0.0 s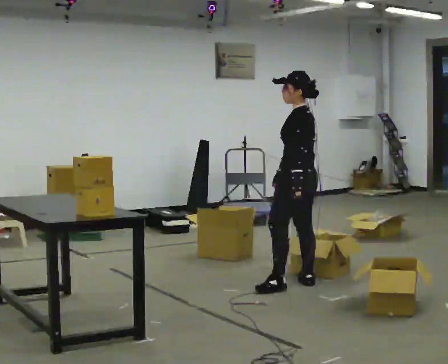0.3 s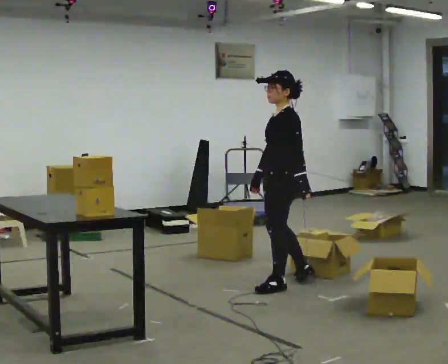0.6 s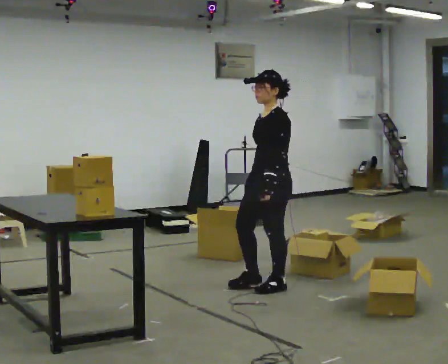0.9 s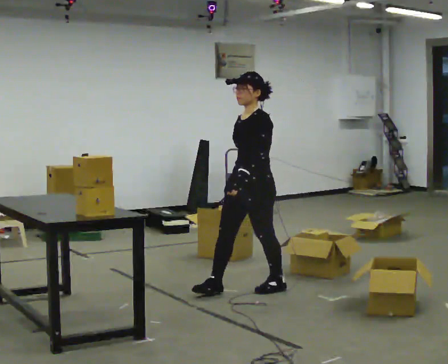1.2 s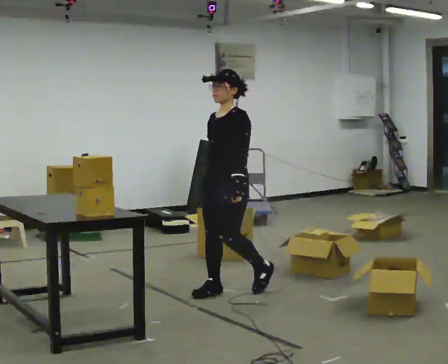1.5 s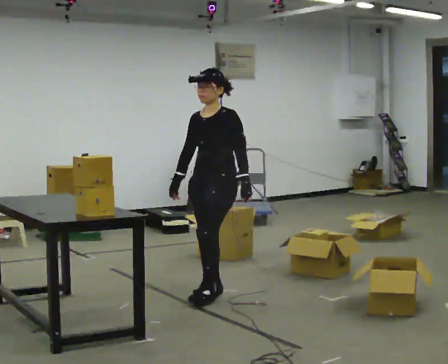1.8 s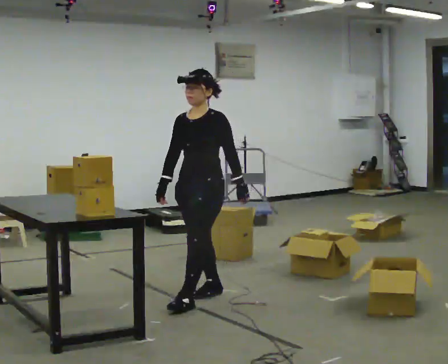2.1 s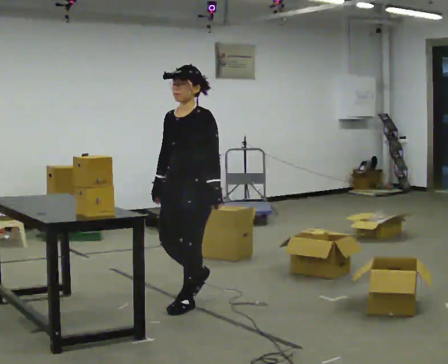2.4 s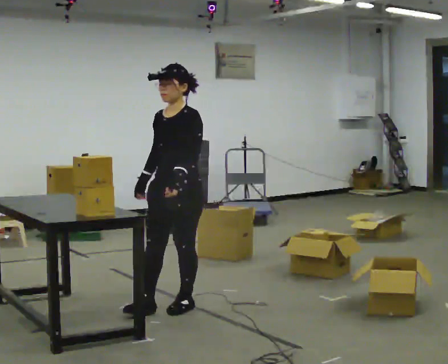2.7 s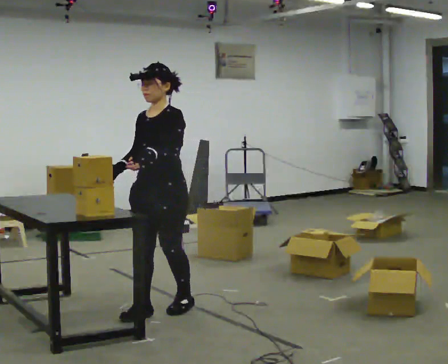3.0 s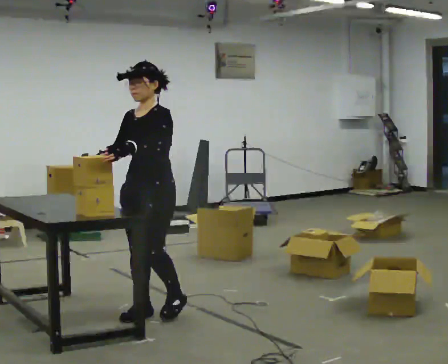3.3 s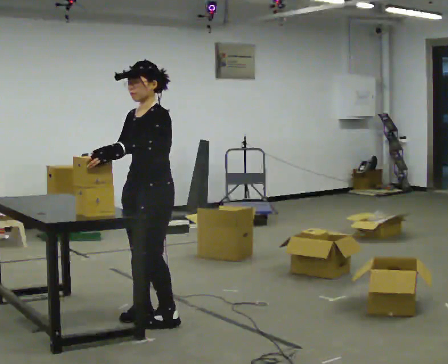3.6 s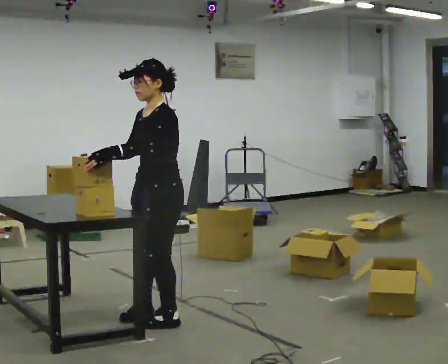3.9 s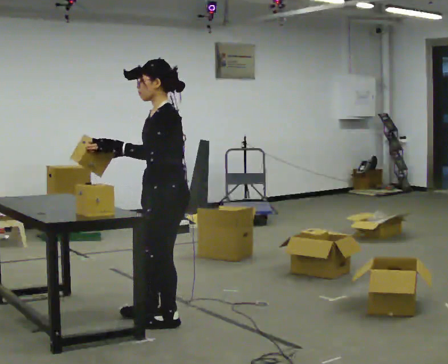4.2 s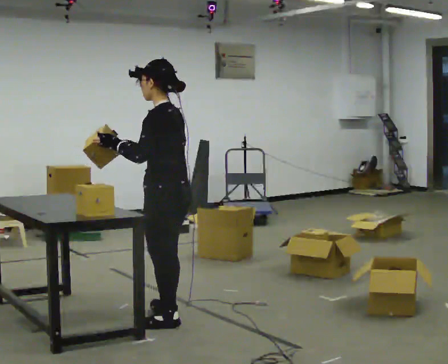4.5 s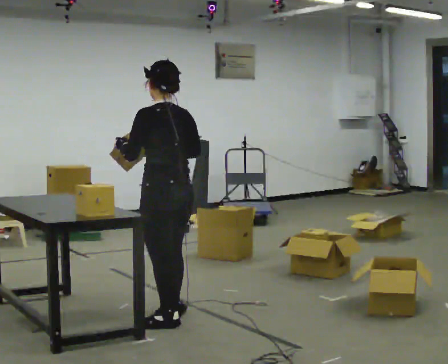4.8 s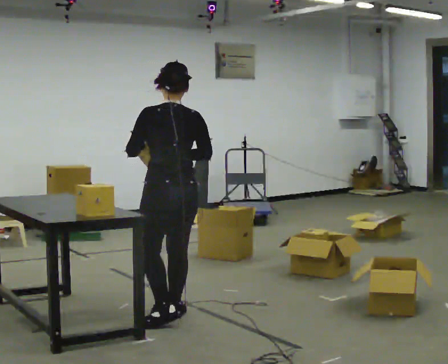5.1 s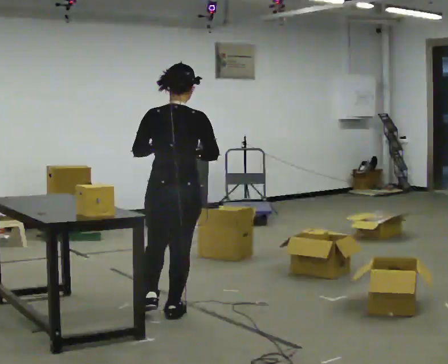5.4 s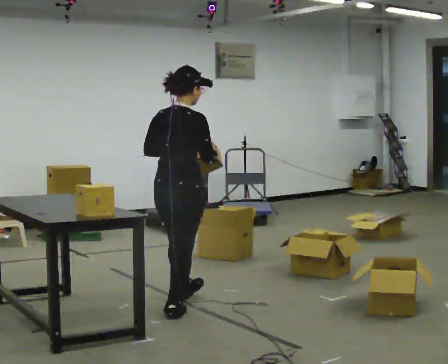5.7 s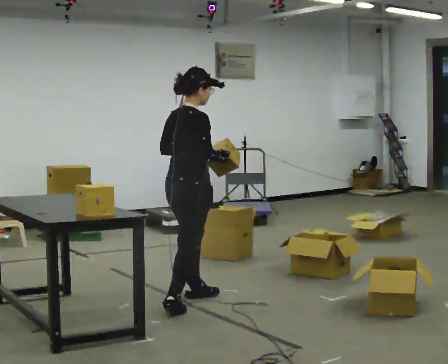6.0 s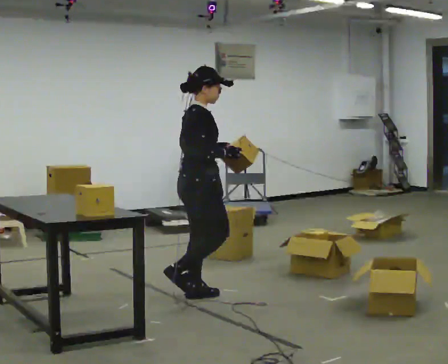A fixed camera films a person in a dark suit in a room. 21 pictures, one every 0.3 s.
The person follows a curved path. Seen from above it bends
counterclockwise.
0.0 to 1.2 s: Seen from above the body turns counterclockwise, about 75 degrees: to their left, with its near side sliding to the right. In the picture they go to the left, about 0.5 m in 1 step.
1.2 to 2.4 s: In the picture they go toward the camera and to the left, about 0.5 m in 1 step, which for them is forward.
2.4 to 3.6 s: In the picture they go toward the camera, about 0.25 m in 2 steps, which for them is forward.
3.6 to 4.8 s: The person turns about 90 degrees to their right, clockwise seen from above, so the part of the body nearest the lens slides to the left.
4.8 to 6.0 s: The person turns about 105 degrees to their right, clockwise seen from above, so the part of the body nearest the lens slides to the left. In the picture they go away from the camera, about 0.5 m in 1 step.
The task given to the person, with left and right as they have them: Take each object from the table and put it in the bin that matches it, walking between the bins. Keep going until the operator says stop; one object at a time, and do not rush between trips.
The film runs forward here.
